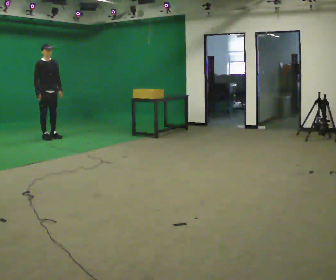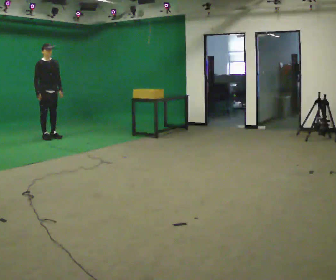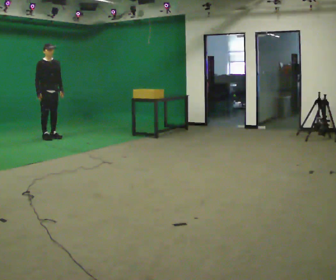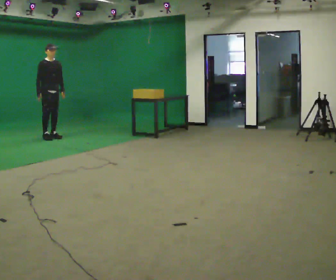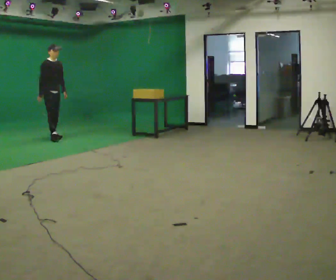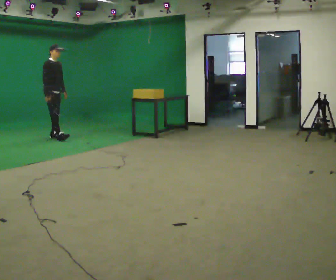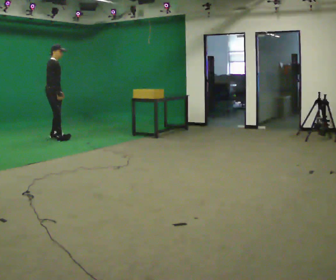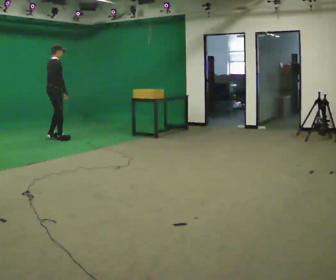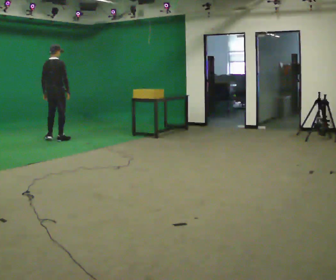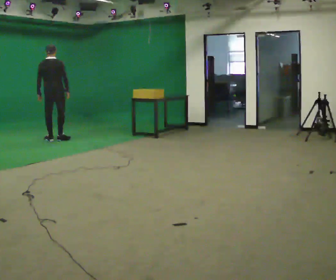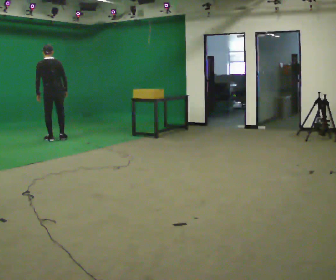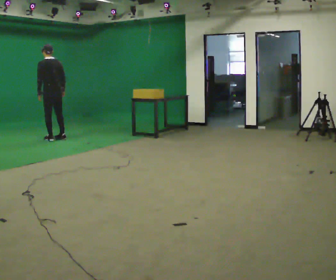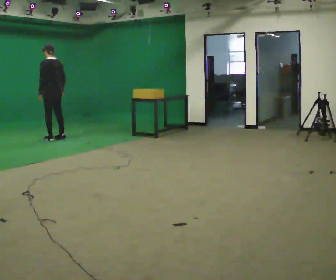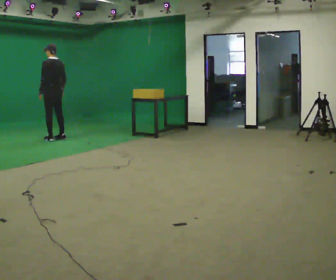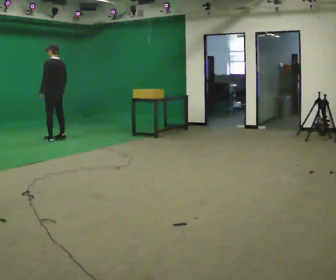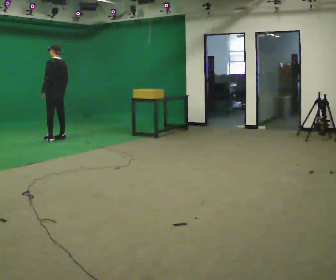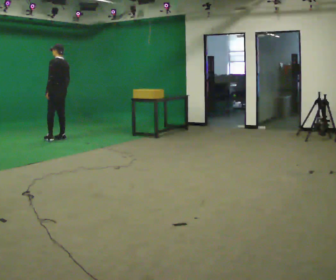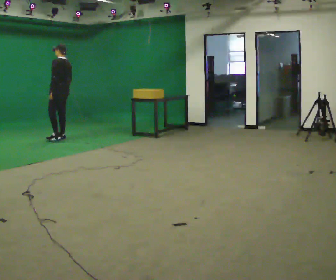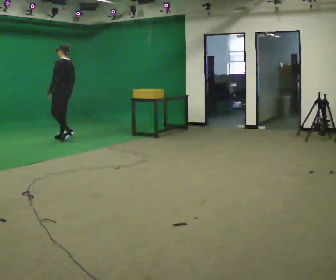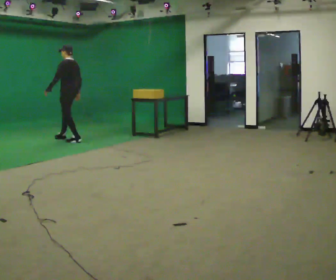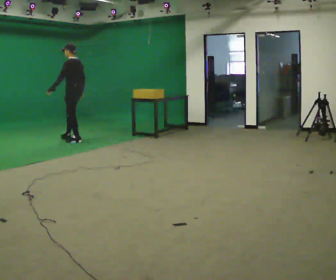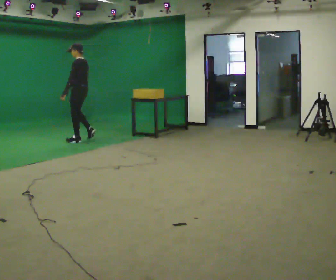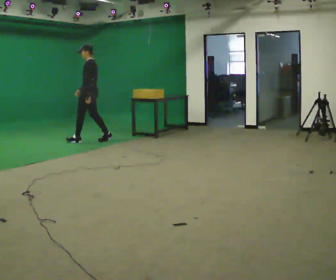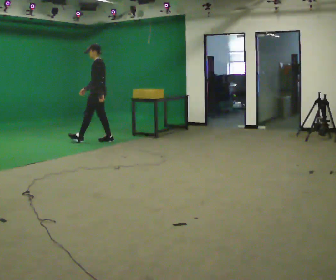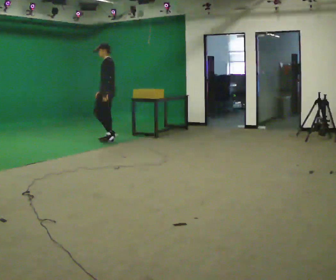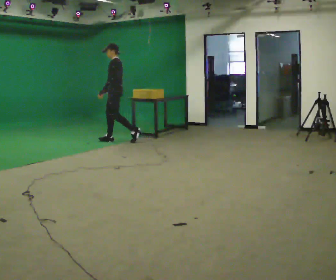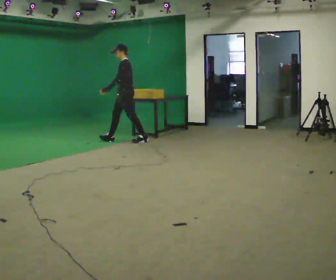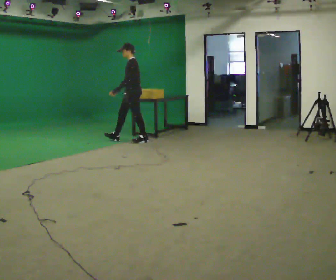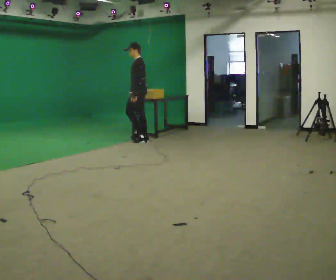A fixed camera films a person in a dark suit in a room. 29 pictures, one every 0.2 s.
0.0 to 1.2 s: The person turns about 45 degrees to their left, counterclockwise seen from above, so the part of the body nearest the lens slides to the right.
1.2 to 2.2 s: Seen from above the body turns counterclockwise, about 135 degrees: to their left, with its near side sliding to the right. In the picture the upper body tilts counterclockwise, shoulders to the left. In the picture their left hand goes to the left.
2.2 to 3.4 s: The person moves a little, or ends about where they began.
3.4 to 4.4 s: In the picture they go to the right and toward the camera, about 0.5 m in 1 step, which for them is backward.
4.4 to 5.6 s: In the picture they go to the right, about 1 m in 2 steps, which for them is backward.
The film runs backward here.
